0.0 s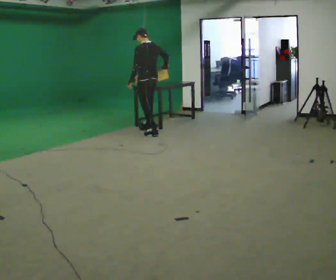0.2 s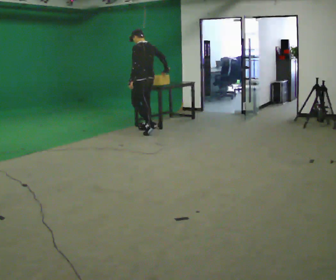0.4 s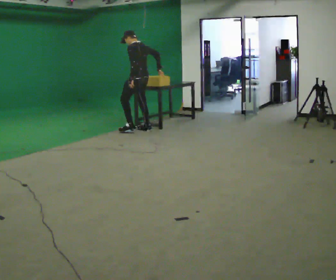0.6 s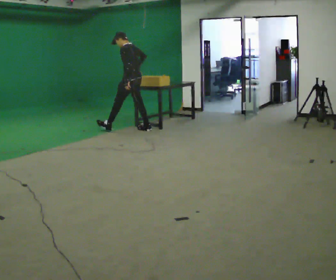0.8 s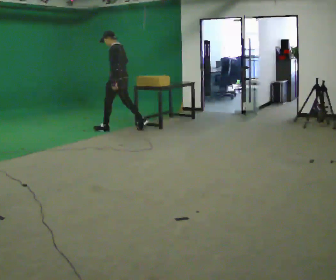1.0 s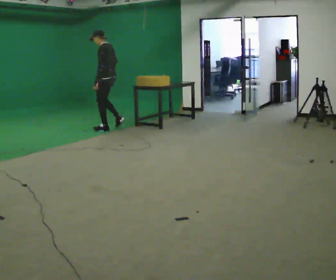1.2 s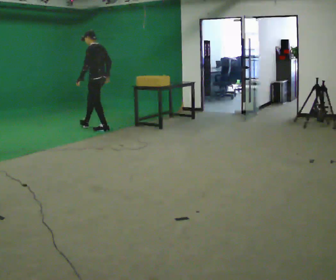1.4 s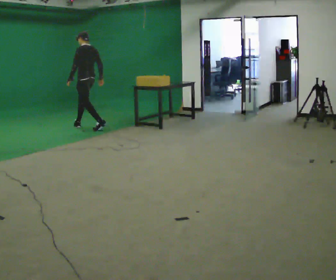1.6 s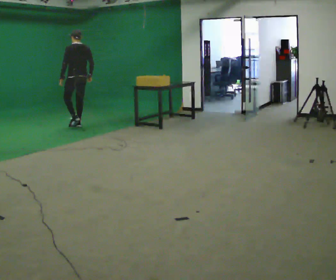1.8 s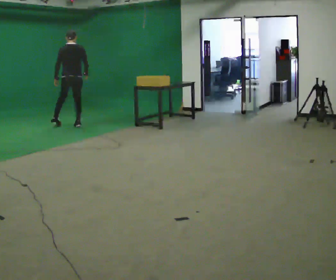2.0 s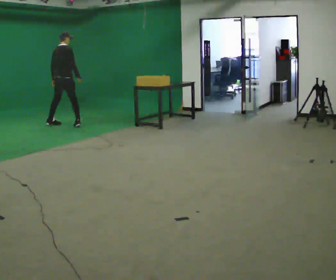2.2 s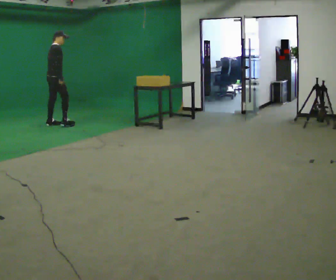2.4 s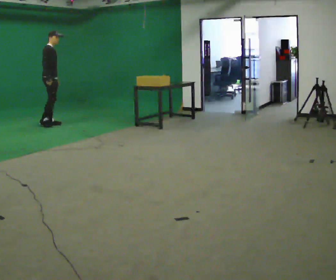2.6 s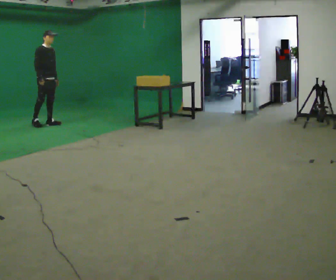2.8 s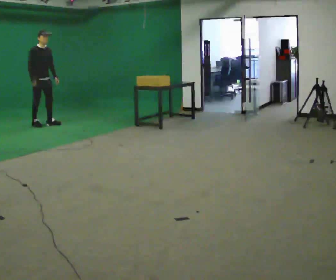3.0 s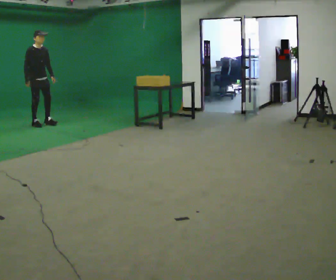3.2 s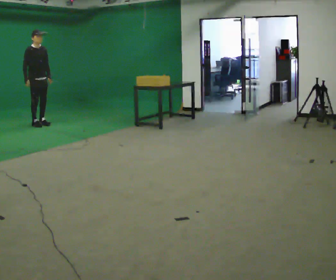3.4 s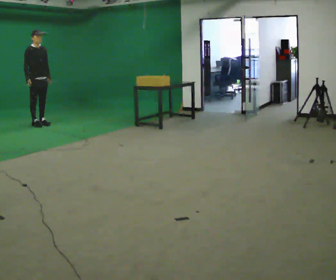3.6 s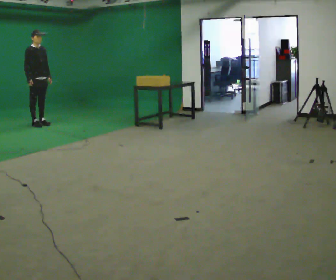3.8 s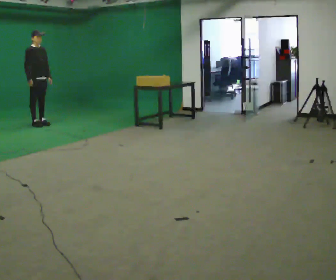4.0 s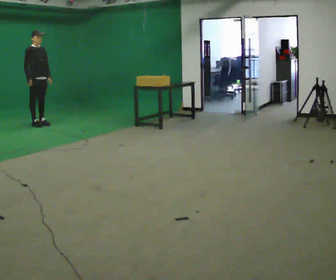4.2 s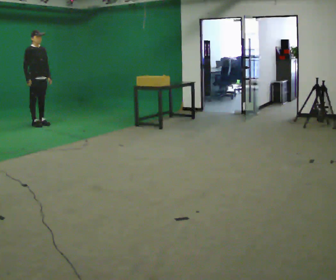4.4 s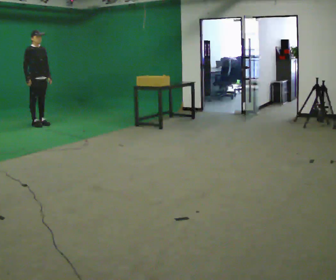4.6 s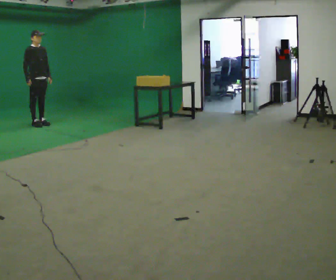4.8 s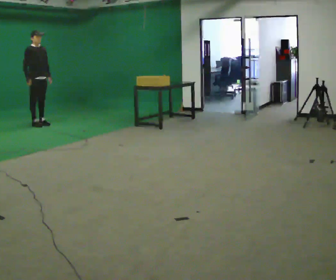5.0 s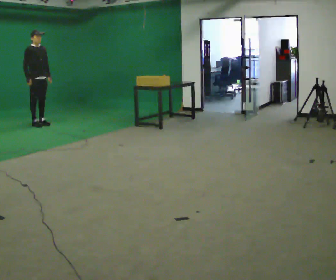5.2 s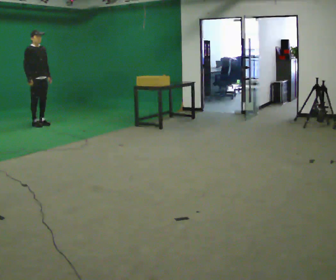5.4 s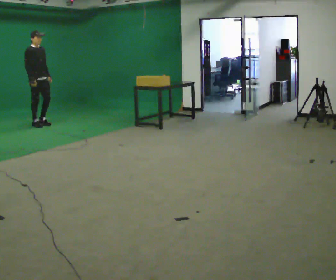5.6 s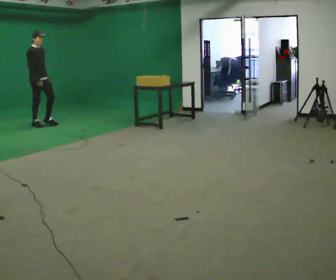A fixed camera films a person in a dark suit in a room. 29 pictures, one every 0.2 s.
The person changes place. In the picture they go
to the left.
0.0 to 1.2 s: The person turns about 30 degrees to their left, counterclockwise seen from above, so the part of the body nearest the lens slides to the right. In the picture they go to the left and away from the camera, about 1 m in 1 step, which for them is forward.
1.2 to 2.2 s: The person turns about 120 degrees to their right, clockwise seen from above, so the part of the body nearest the lens slides to the left. In the picture they go to the left and away from the camera, about 1 m in 2 steps.
2.2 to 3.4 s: The part of the body nearest the lens slides to the left as the person turns to their right by about 75 degrees. In the picture they go to the left, about 0.25 m in 2 steps.
3.4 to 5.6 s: The person moves a little, or ends about where they began.
The film runs forward here.
